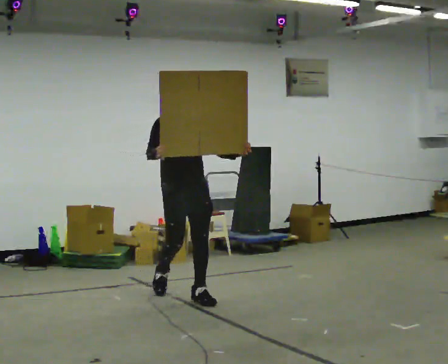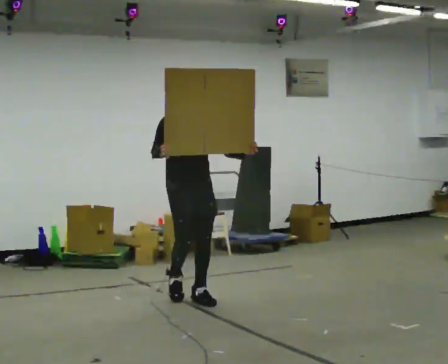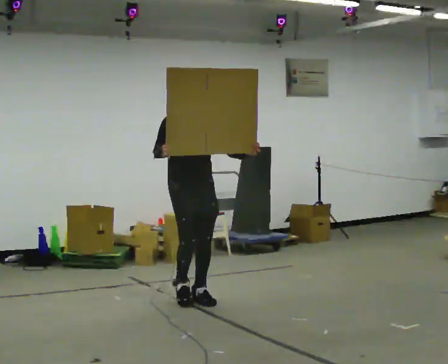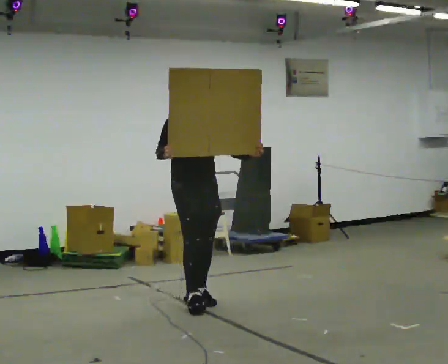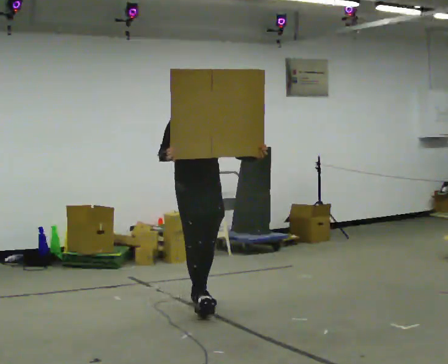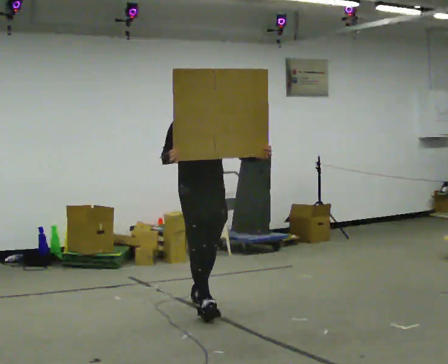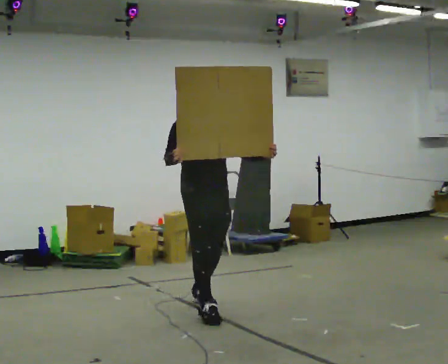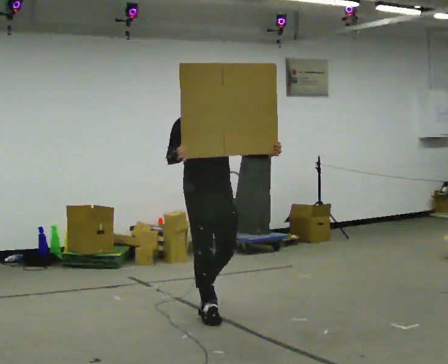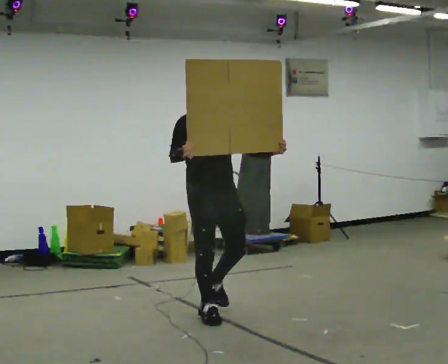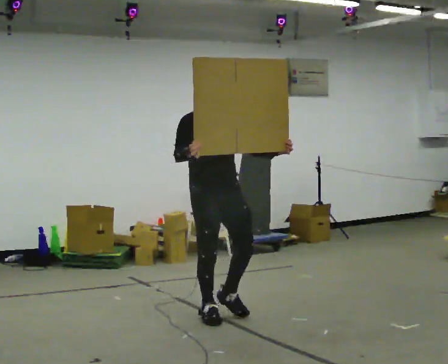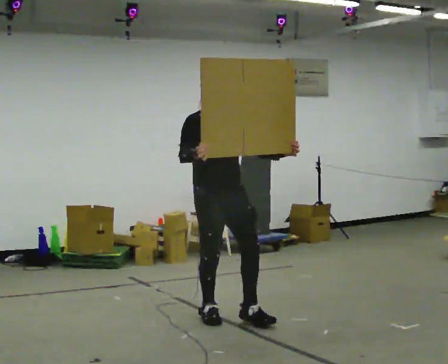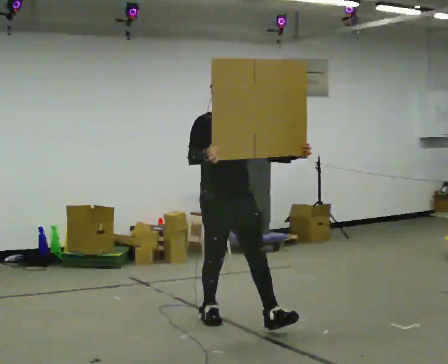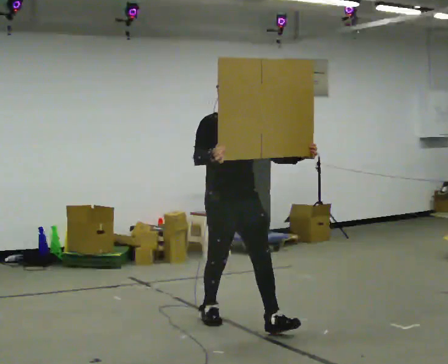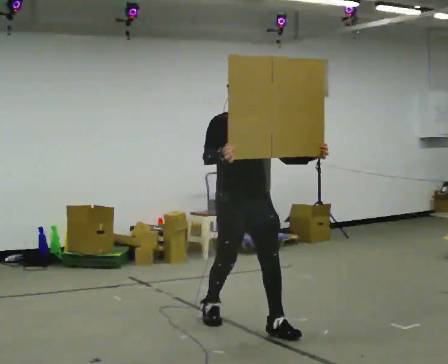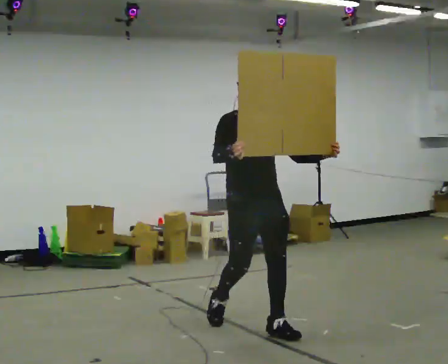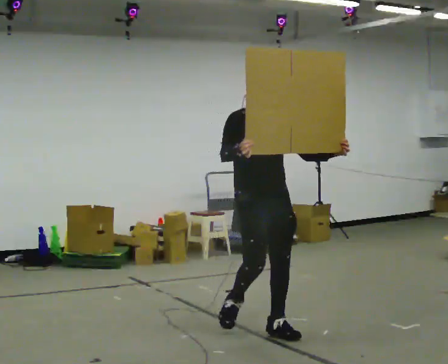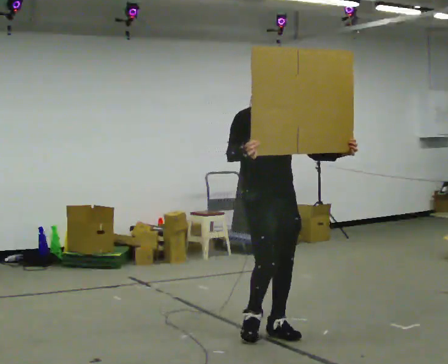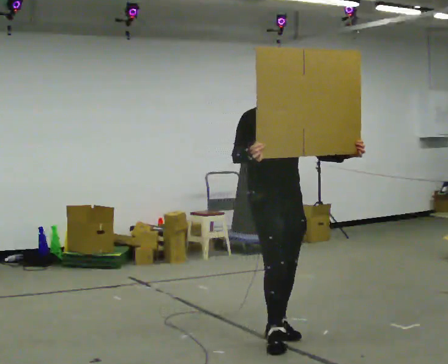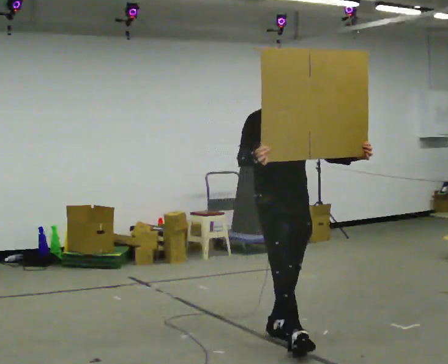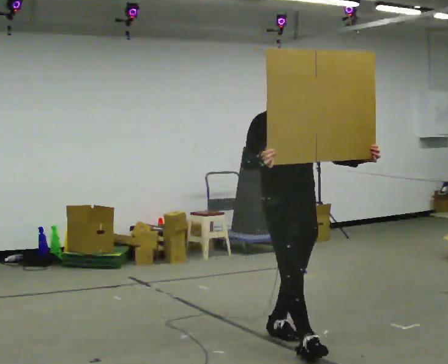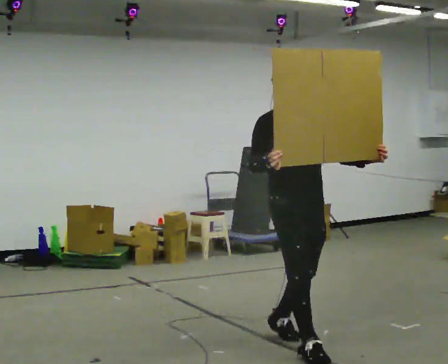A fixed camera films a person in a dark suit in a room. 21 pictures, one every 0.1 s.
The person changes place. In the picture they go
toward the camera.
0.0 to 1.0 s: In the picture they go toward the camera and to the right, about 0.5 m in 1 step, which for them is forward.
1.0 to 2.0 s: In the picture they go toward the camera and to the right, about 1 m in 2 steps, which for them is forward.
The film runs forward here.
